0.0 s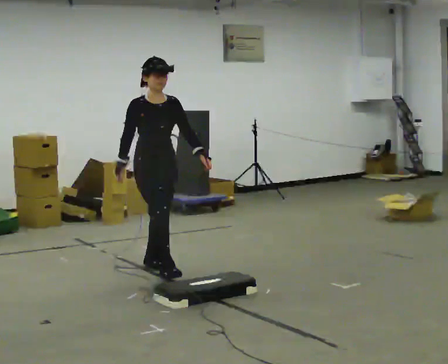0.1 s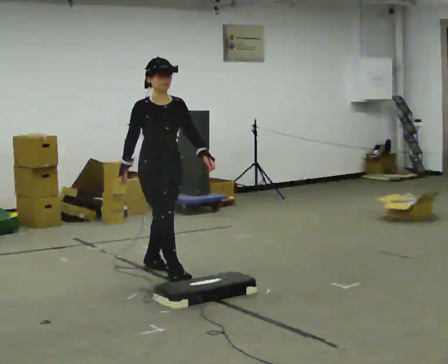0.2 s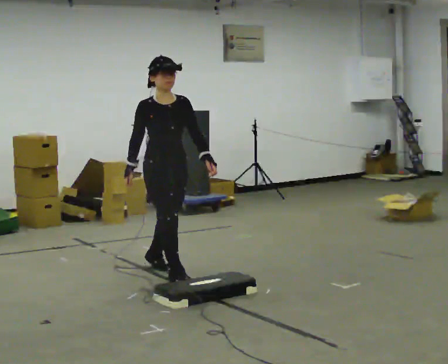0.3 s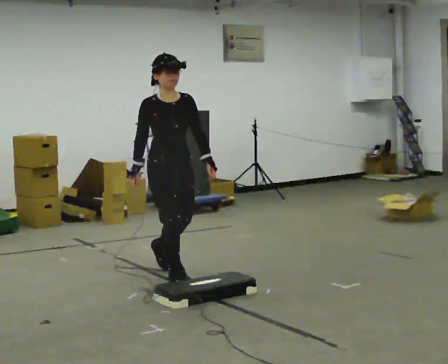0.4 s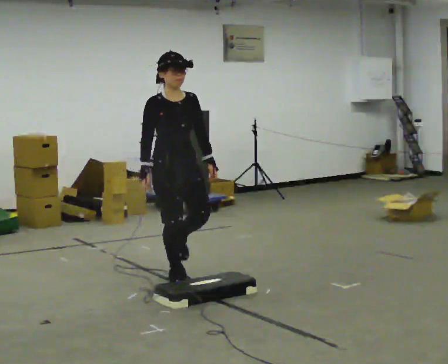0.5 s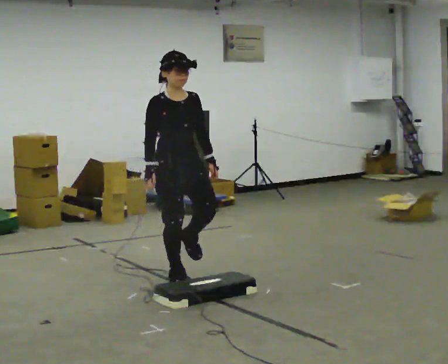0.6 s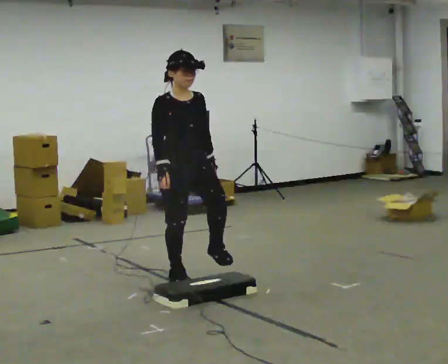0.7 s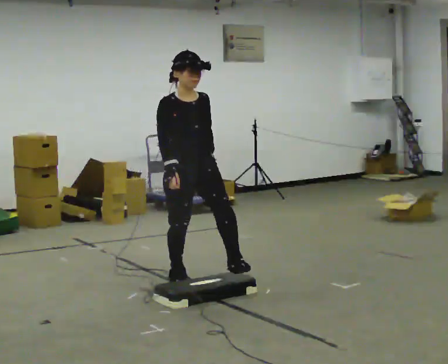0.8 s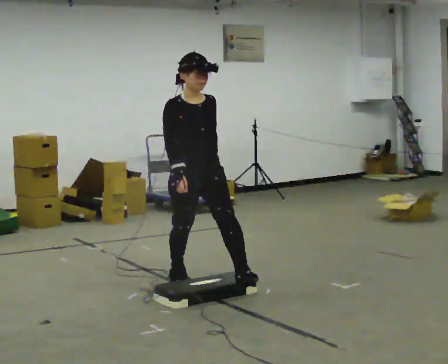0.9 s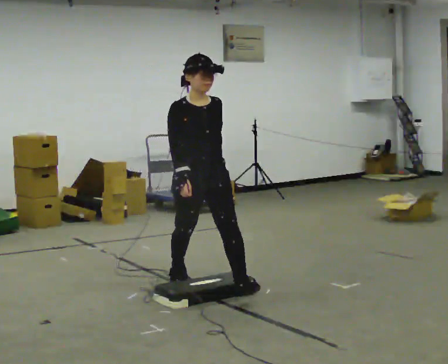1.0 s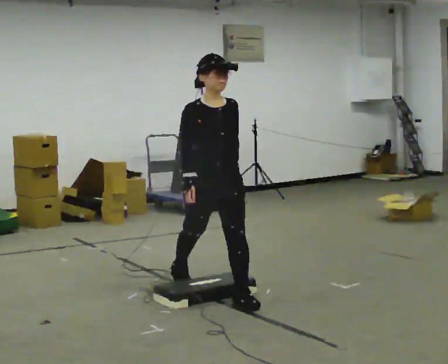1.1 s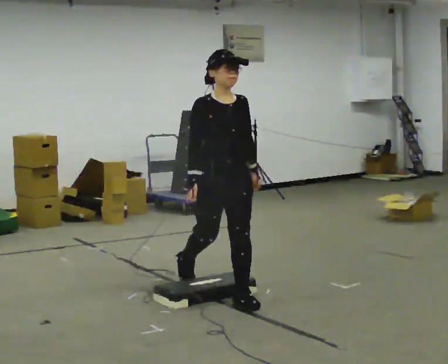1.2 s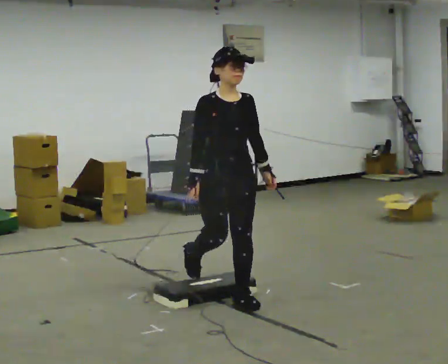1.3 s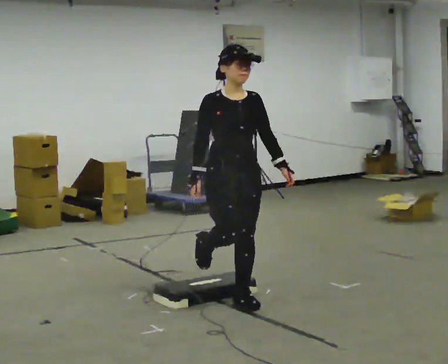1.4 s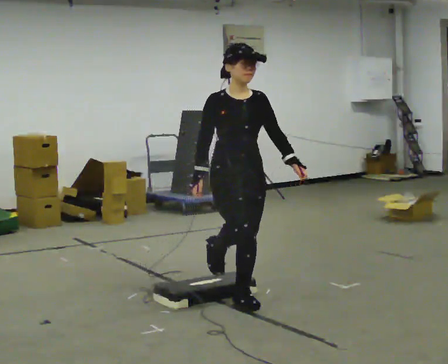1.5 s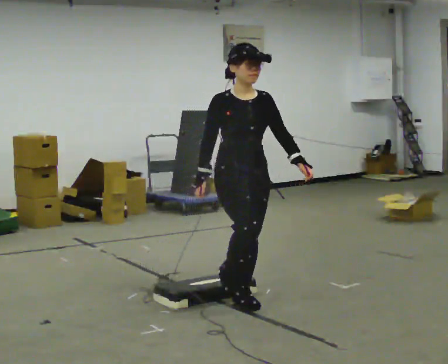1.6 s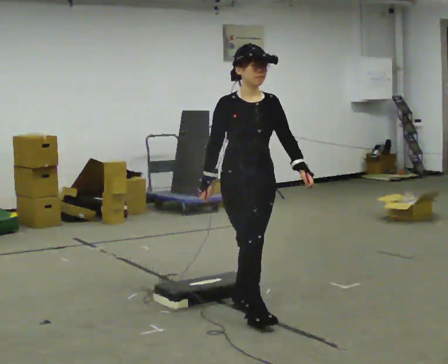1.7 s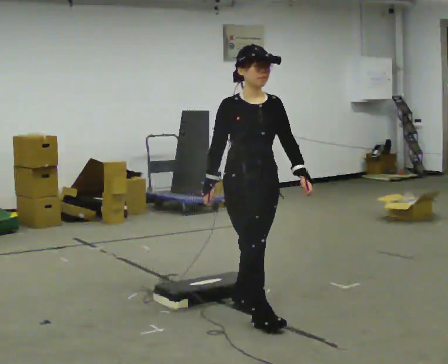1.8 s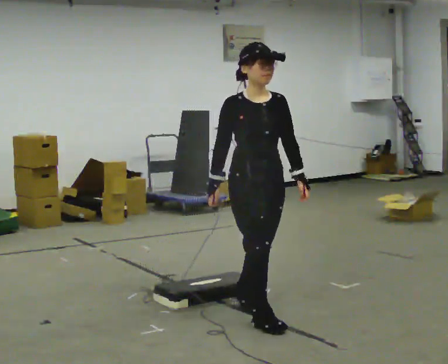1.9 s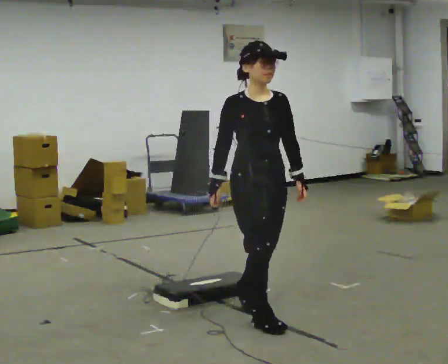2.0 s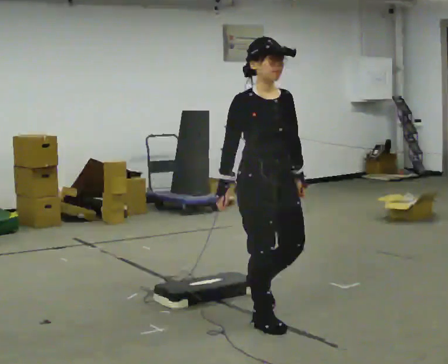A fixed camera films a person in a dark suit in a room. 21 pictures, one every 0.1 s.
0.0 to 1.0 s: In the picture they go toward the camera and to the right, about 1 m in 1 step, which for them is forward.
1.0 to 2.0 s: In the picture they go toward the camera and to the right, about 0.5 m in 1 step, which for them is forward.
The film runs forward here.
